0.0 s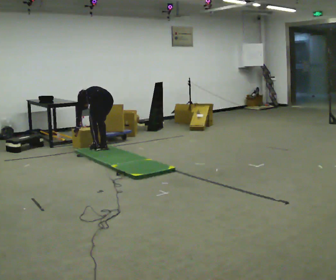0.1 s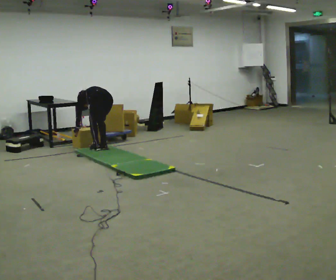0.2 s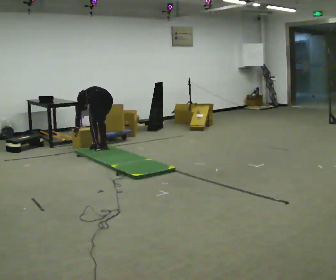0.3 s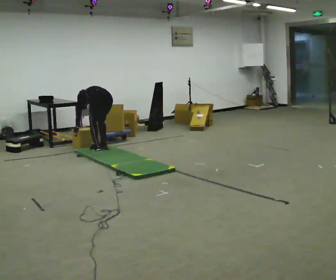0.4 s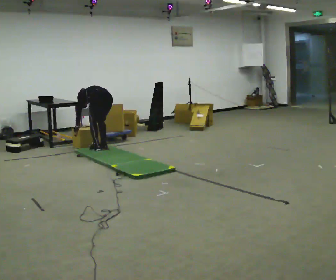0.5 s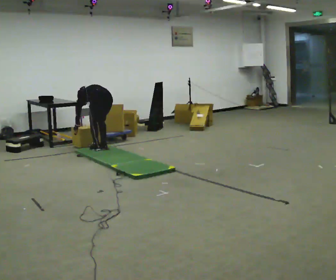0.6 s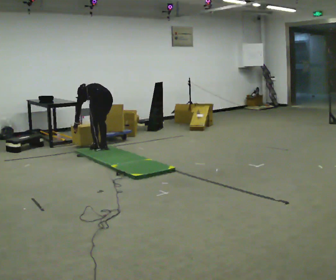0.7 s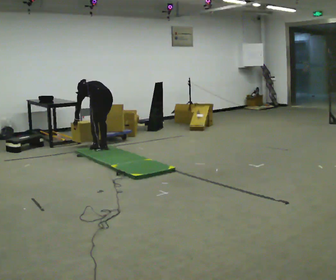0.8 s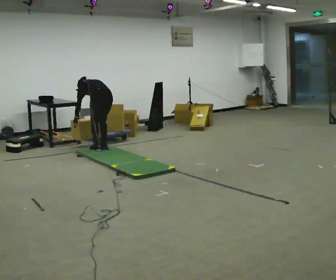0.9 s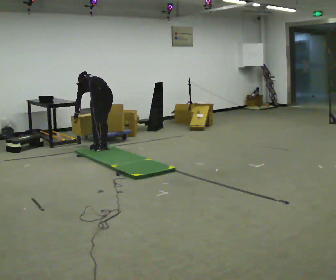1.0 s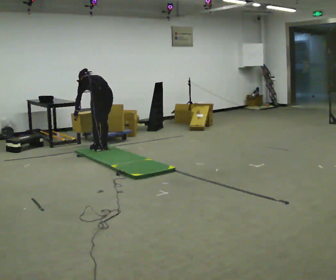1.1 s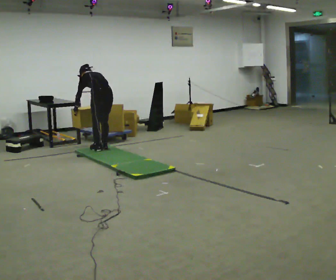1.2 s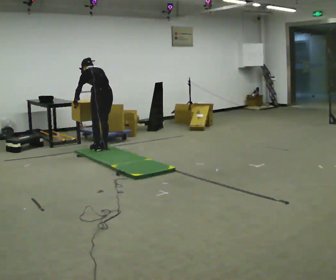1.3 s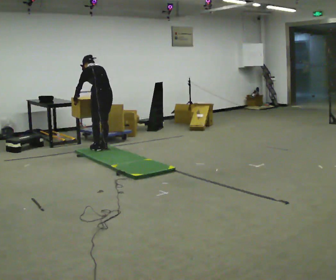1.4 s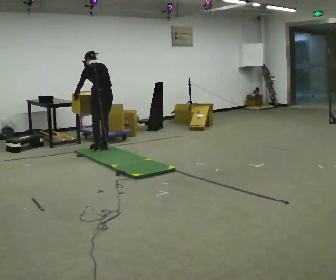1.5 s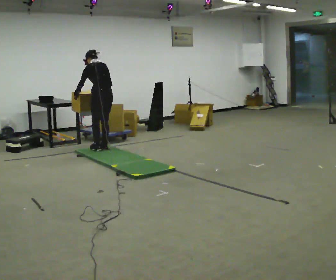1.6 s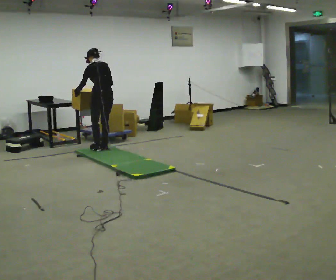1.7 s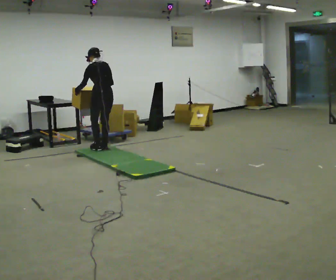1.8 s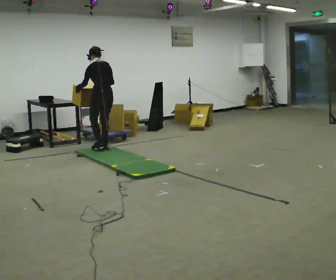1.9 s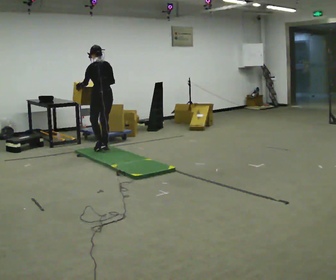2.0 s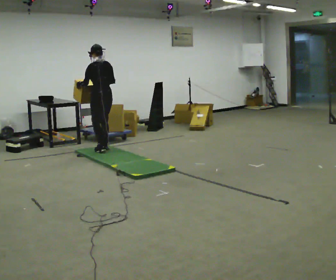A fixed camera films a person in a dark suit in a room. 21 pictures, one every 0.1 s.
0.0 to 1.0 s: The shoulders move upward. The upper body tips toward the camera, its near side rolling downward, as they lean back or straighten.
1.0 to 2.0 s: The upper body goes upward. The upper body tips toward the camera, its near side rolling downward, as they lean back or straighten. In the picture their right hand goes upward.
The film runs backward here.
